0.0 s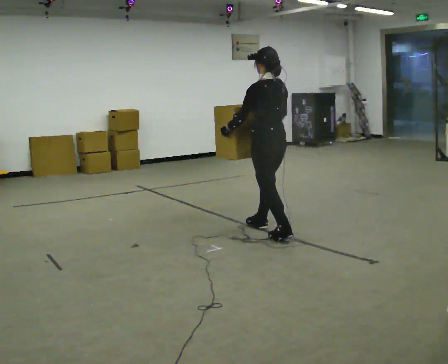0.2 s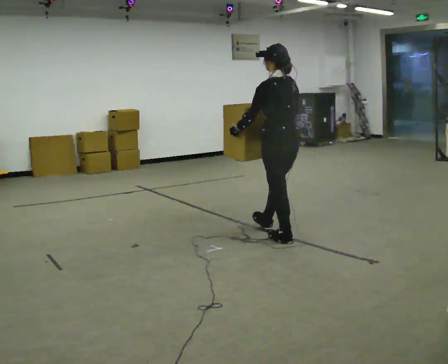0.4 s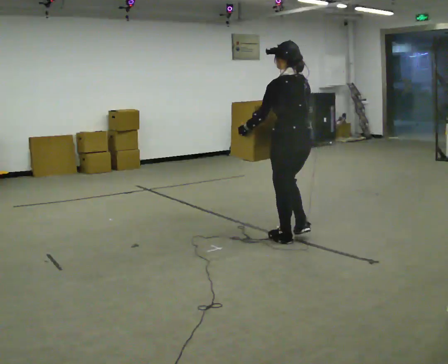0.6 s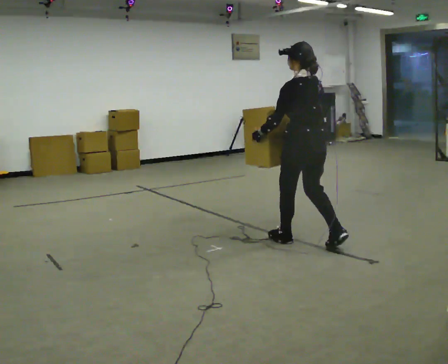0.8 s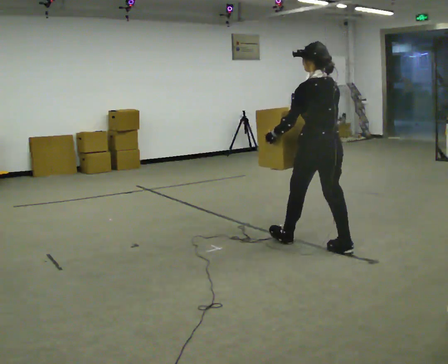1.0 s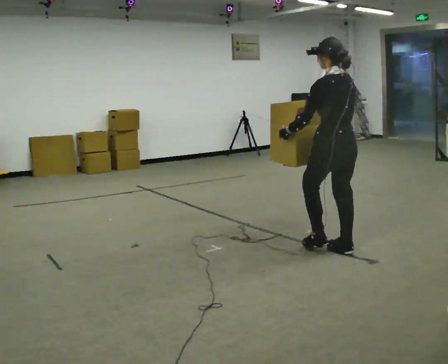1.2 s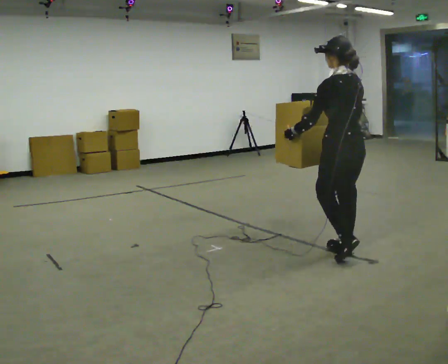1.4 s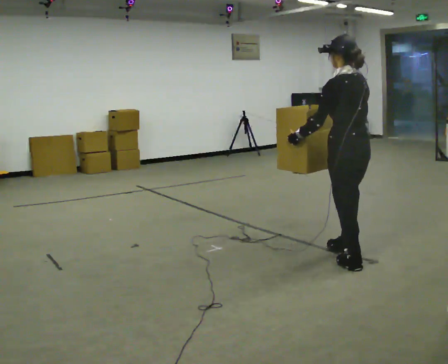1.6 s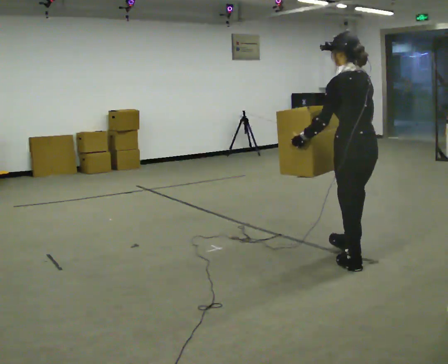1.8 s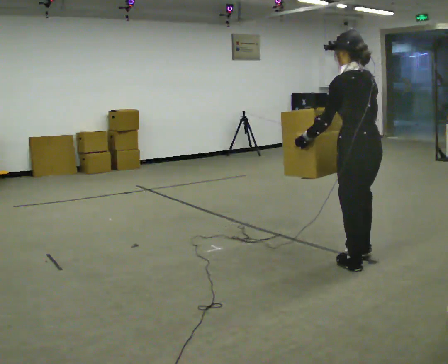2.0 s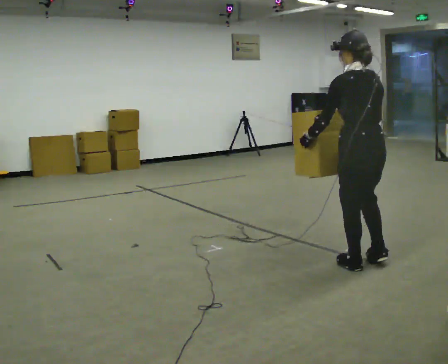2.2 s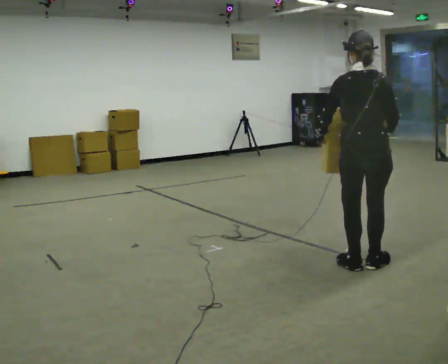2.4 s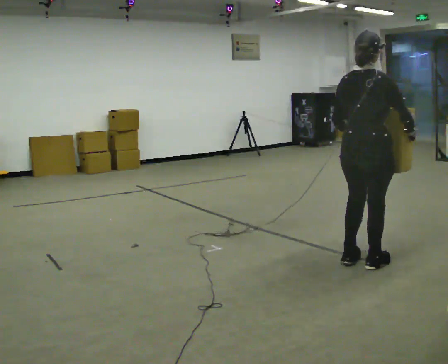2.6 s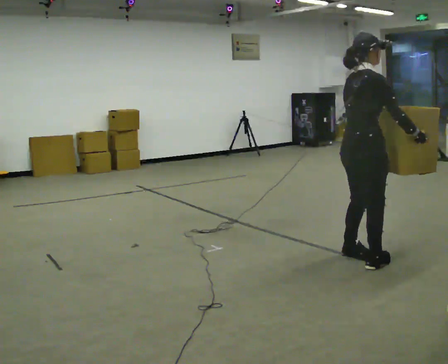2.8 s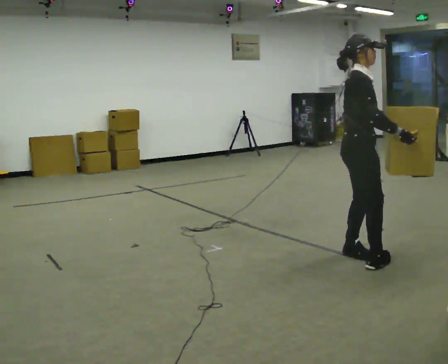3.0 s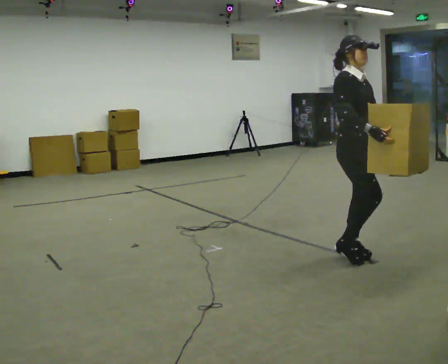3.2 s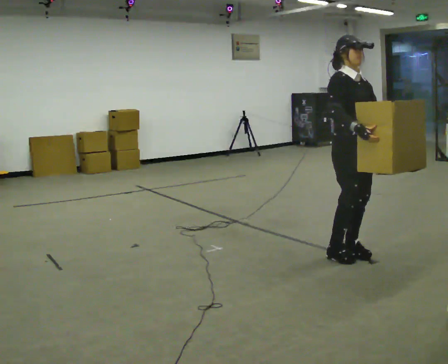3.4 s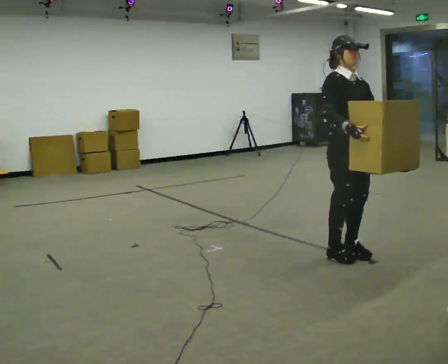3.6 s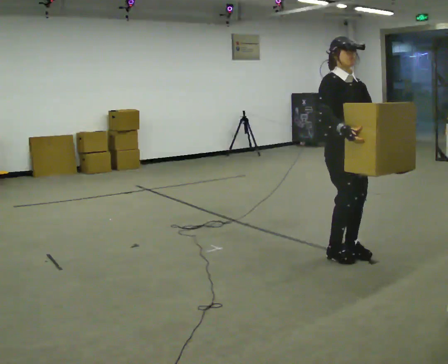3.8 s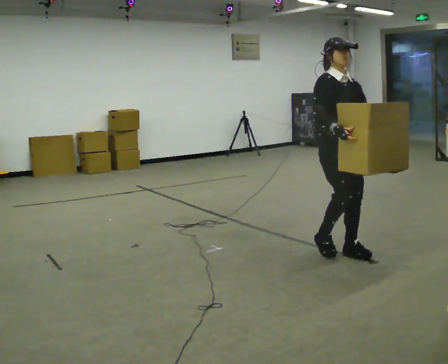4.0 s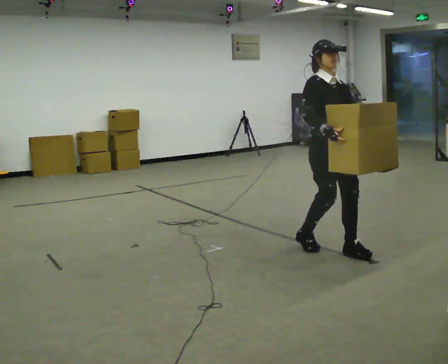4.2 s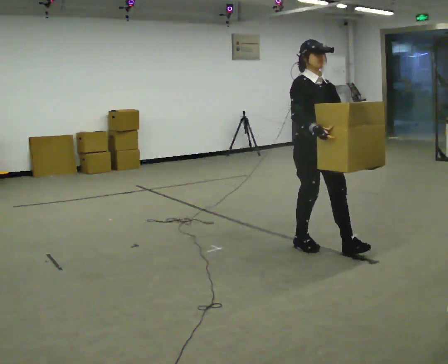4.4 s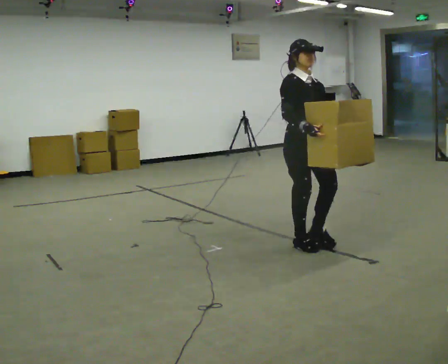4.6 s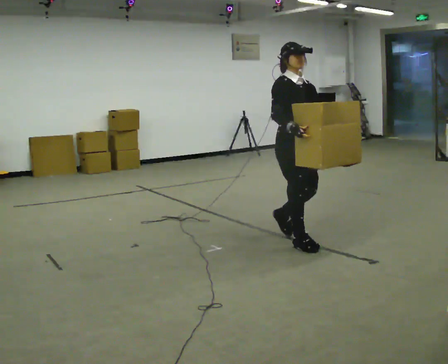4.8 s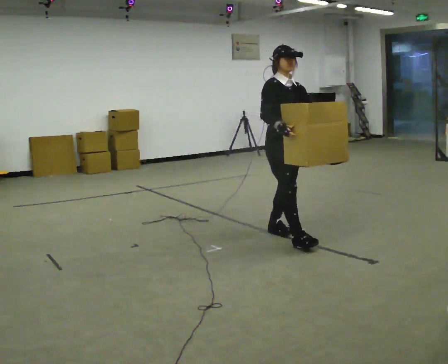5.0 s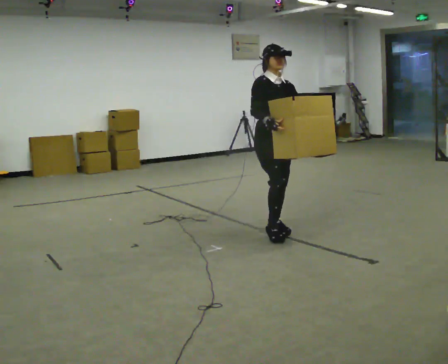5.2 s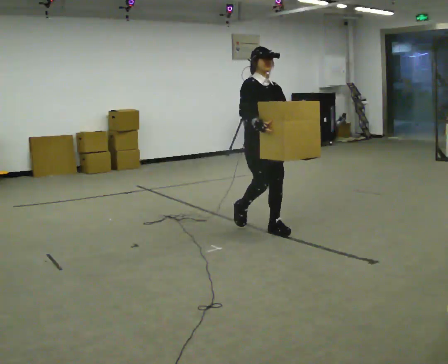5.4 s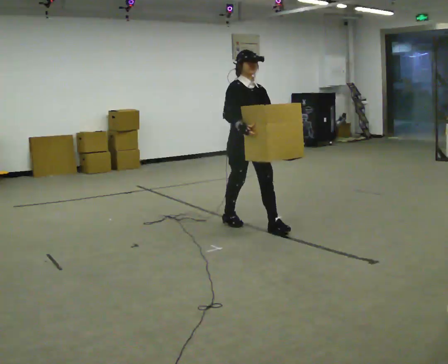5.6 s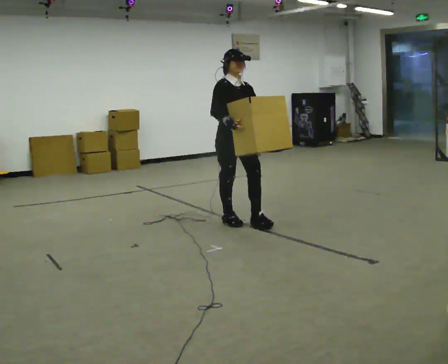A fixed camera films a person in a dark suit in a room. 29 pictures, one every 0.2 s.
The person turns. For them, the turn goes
to their right.
The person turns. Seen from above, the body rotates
clockwise.
0.0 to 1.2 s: In the picture they go to the right and toward the camera, about 1 m in 2 steps, which for them is backward.
1.2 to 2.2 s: The part of the body nearest the lens slides to the left as the person turns to their right by about 30 degrees. In the picture they go toward the camera, about 0.25 m in 1 step, which for them is backward.
2.2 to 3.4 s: The person turns about 150 degrees to their right, clockwise seen from above, so the part of the body nearest the lens slides to the left. In the picture they go away from the camera, about 0.25 m in 2 steps.
3.4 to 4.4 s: In the picture they go to the left and away from the camera, about 0.5 m in 2 steps, which for them is backward.
4.4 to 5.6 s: In the picture they go to the left and away from the camera, about 1 m in 2 steps, which for them is backward.
The film runs backward here.
